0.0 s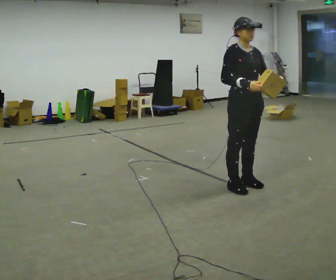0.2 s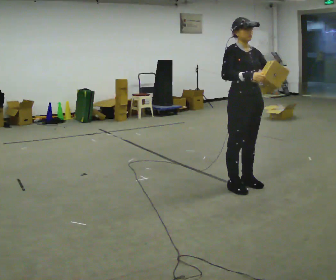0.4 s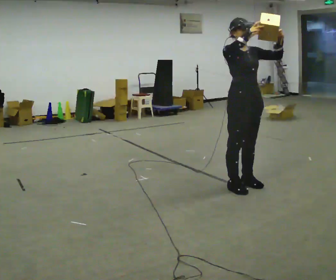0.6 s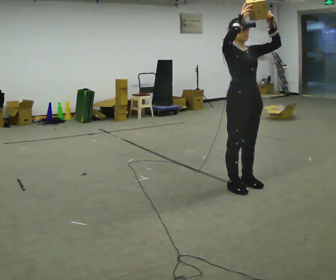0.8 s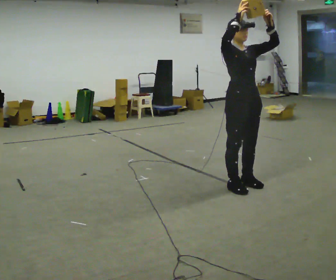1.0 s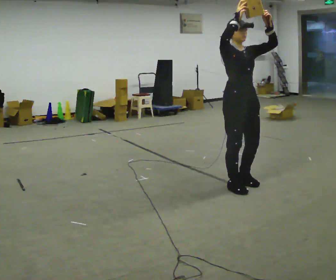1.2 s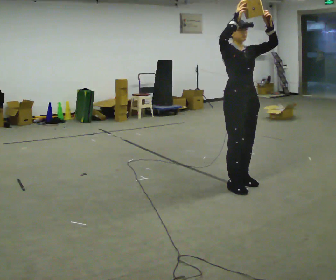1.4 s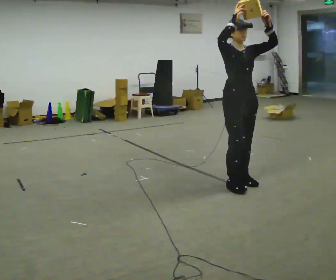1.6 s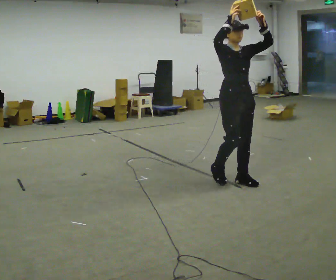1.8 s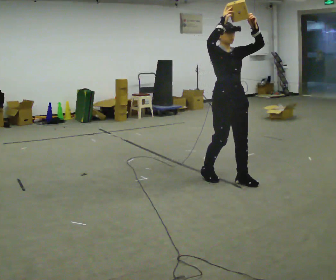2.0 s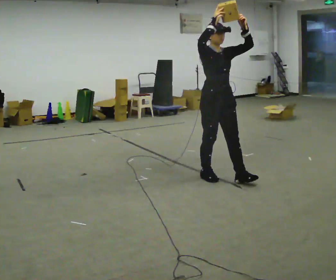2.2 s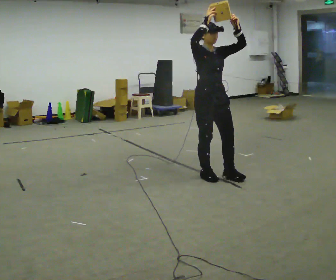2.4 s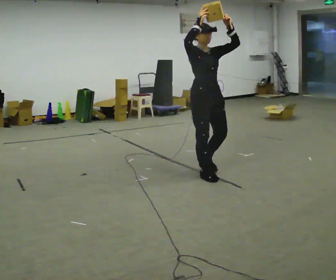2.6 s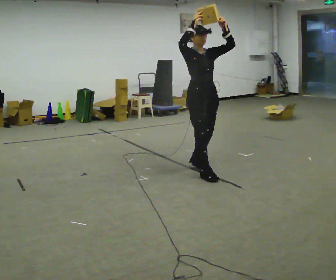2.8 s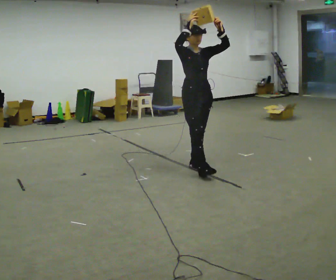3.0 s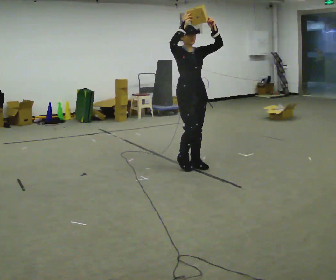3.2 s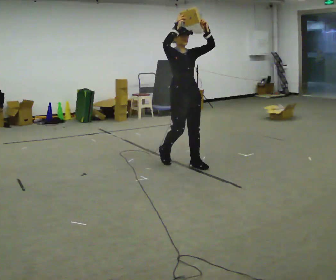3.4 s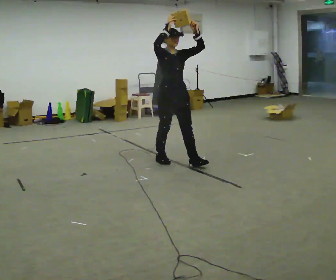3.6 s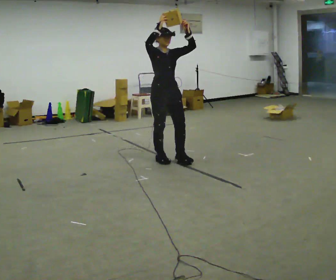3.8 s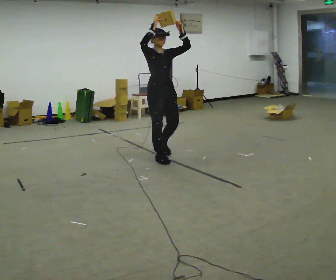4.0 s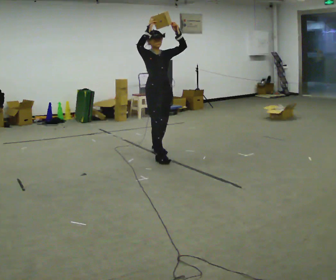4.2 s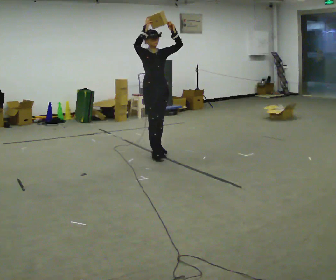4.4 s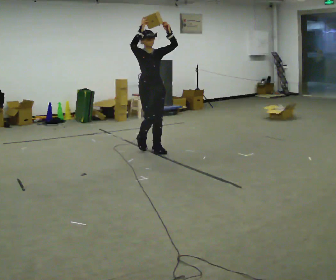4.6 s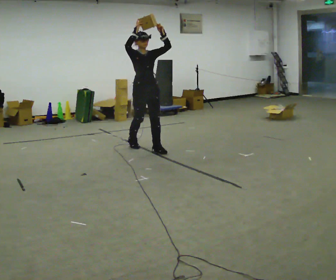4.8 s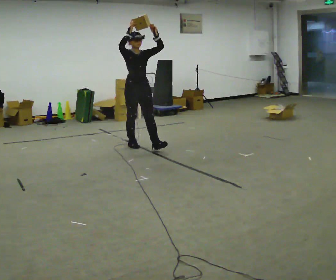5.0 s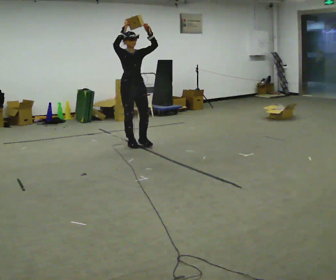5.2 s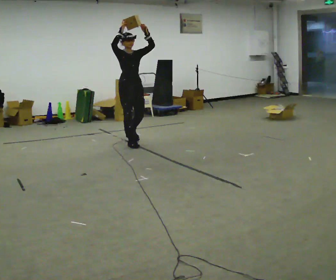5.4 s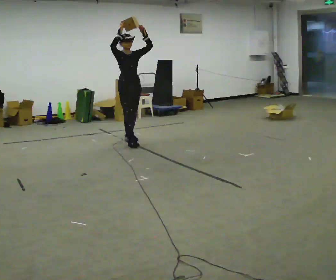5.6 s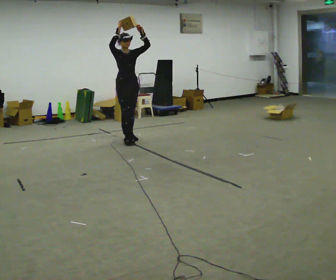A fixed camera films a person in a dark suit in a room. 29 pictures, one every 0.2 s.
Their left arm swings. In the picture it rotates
counterclockwise.
0.0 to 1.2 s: In the picture their right hand goes upward.
1.2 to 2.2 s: In the picture they go away from the camera and to the left, about 0.5 m in 2 steps, which for them is backward.
2.2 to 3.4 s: In the picture they go away from the camera and to the left, about 0.75 m in 1 step, which for them is backward.
3.4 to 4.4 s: In the picture they go away from the camera and to the left, about 0.75 m in 2 steps, which for them is backward.
4.4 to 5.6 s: In the picture they go away from the camera and to the left, about 1 m in 2 steps, which for them is backward.
The film runs backward here.
